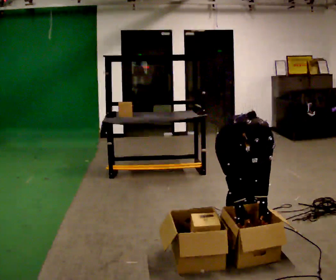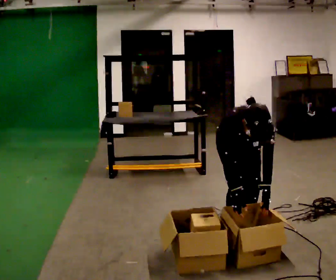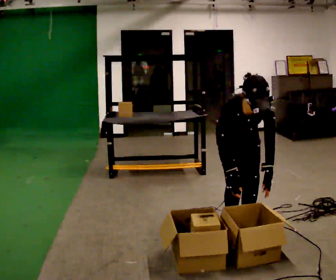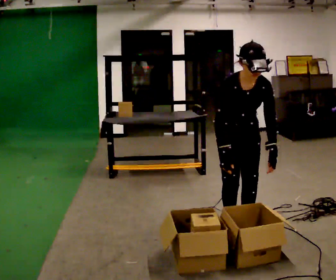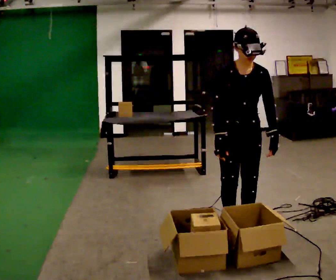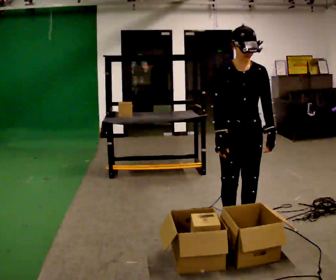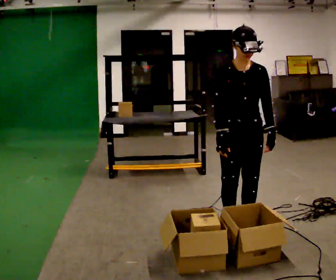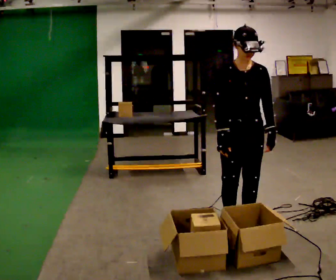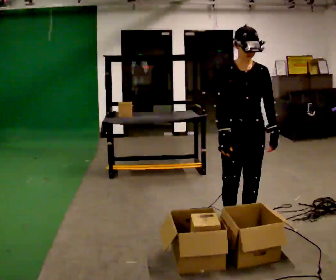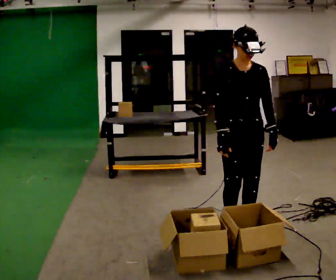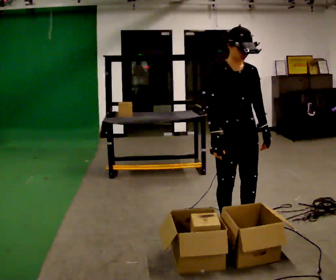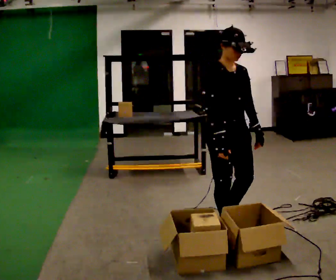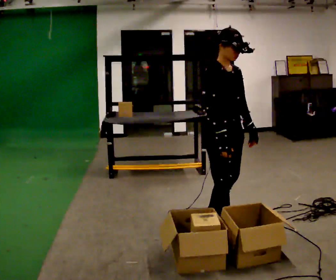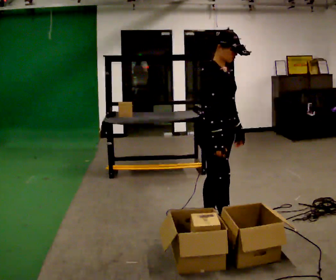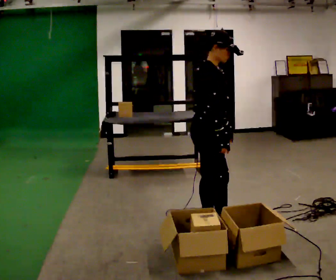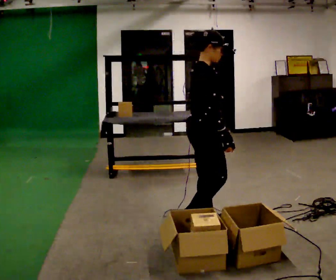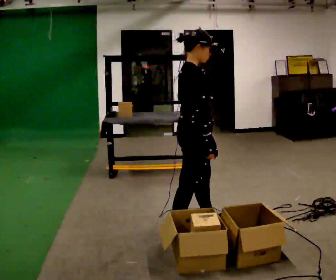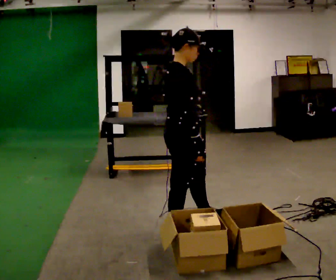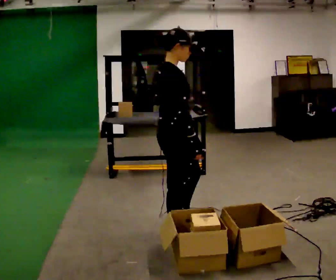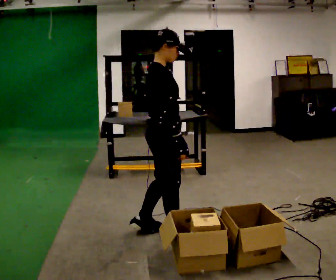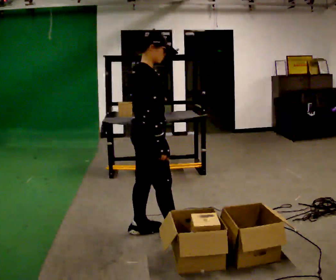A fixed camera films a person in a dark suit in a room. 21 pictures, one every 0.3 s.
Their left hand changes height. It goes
upward.
Their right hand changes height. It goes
upward.
0.0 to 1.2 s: The upper body goes upward. The upper body tips away from the camera, its near side rolling upward, as they lean back or straighten. In the picture their left hand goes upward.
1.2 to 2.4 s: The person moves a little, or ends about where they began.
2.4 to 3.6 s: The person turns about 45 degrees to their left, counterclockwise seen from above, so the part of the body nearest the lens slides to the right. In the picture they go to the left, about 0.25 m in 1 step, which for them is to their right.
3.6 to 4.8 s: The person turns about 45 degrees to their left, counterclockwise seen from above, so the part of the body nearest the lens slides to the right. In the picture they go to the left, about 0.25 m in 1 step, which for them is backward. In the picture their left hand goes to the left.
4.8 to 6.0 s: In the picture they go to the left, about 0.25 m in 1 step, which for them is backward.
The film runs backward here.
